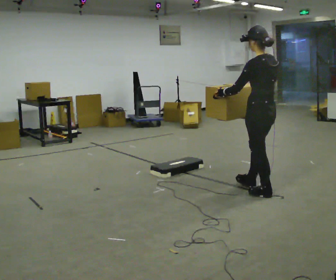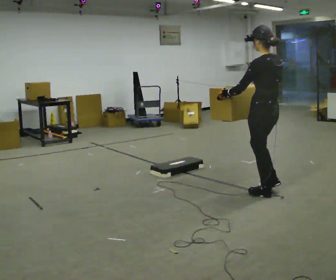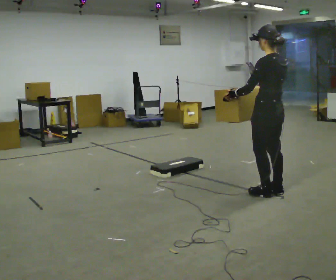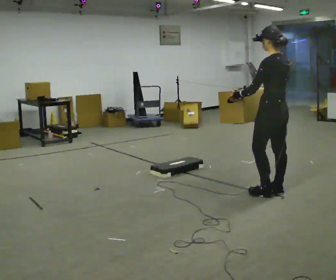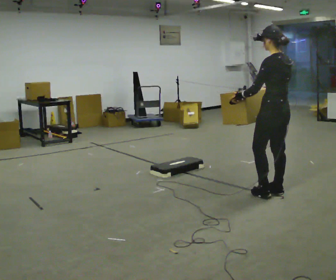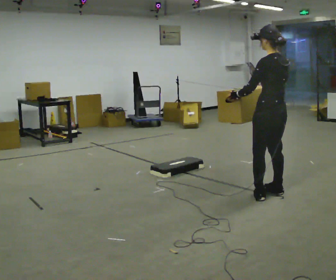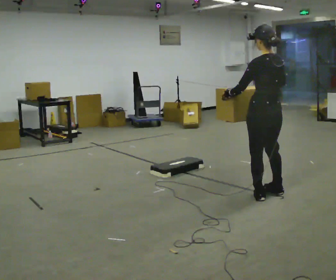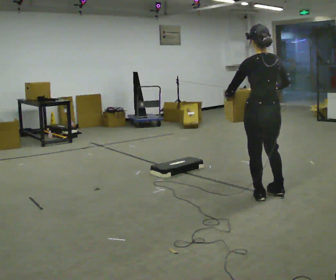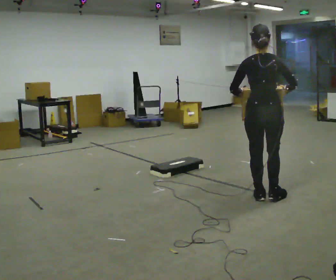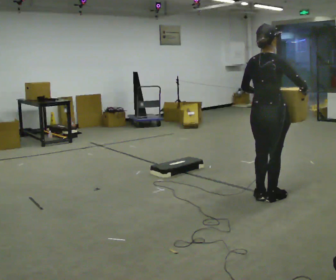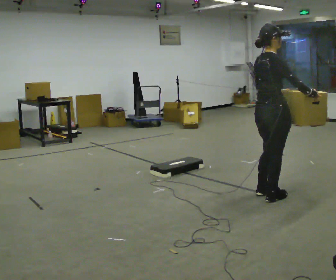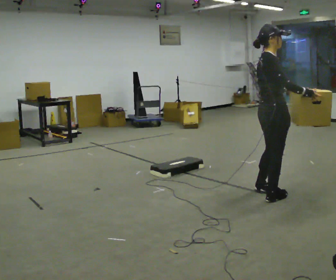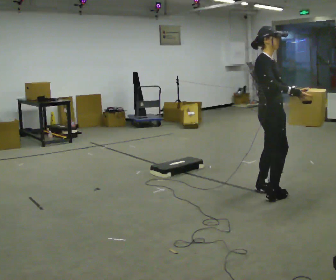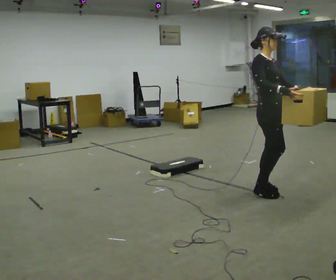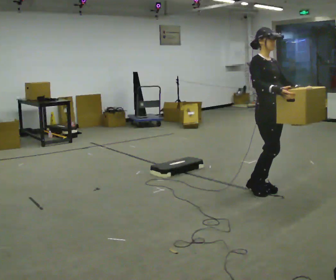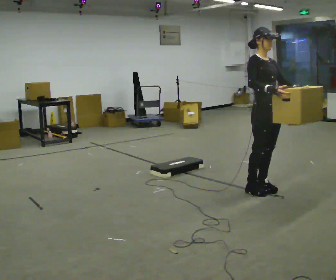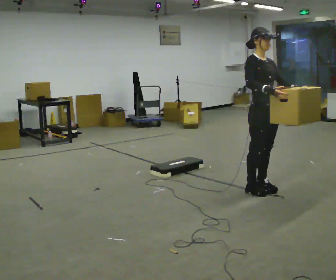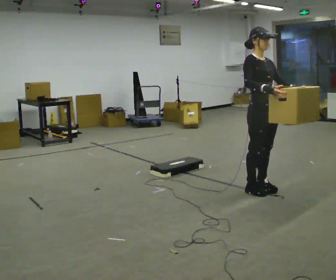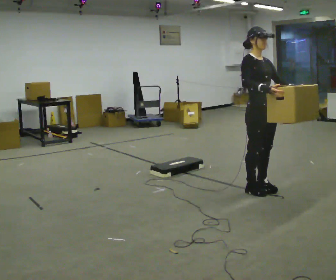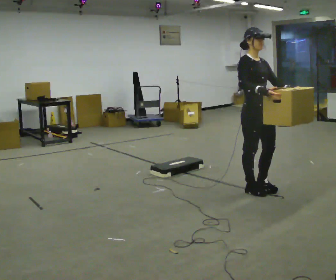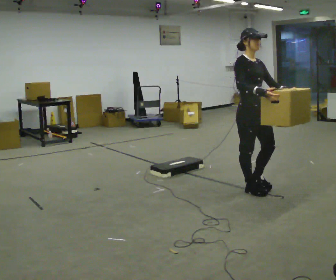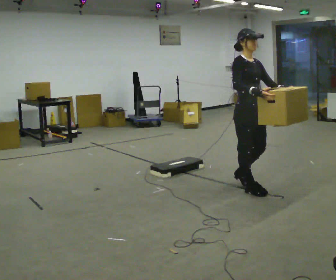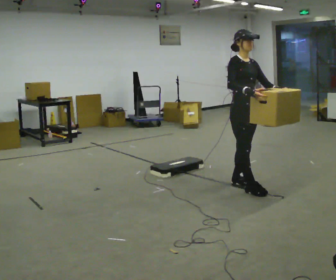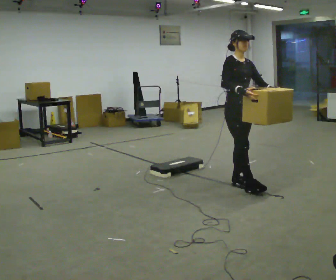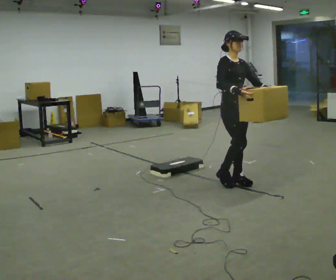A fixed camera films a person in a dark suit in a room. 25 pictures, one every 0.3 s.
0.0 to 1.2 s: The person moves a little, or ends about where they began.
1.2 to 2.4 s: Seen from above the body turns clockwise, about 60 degrees: to their right, with its near side sliding to the left.
2.4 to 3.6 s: Seen from above the body turns clockwise, about 105 degrees: to their right, with its near side sliding to the left. In the picture they go away from the camera, about 0.25 m in 1 step.
3.6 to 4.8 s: The part of the body nearest the lens slides to the left as the person turns to their right by about 30 degrees.
4.8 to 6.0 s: The person moves a little, or ends about where they began.
6.0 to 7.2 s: In the picture they go away from the camera and to the left, about 0.25 m in 1 step, which for them is backward.
The film runs backward here.
